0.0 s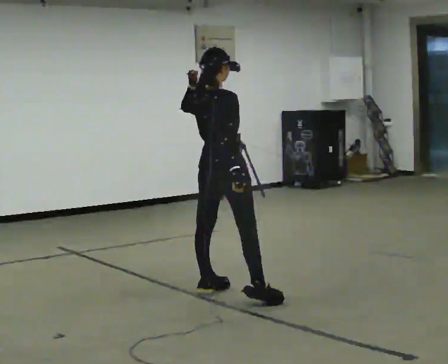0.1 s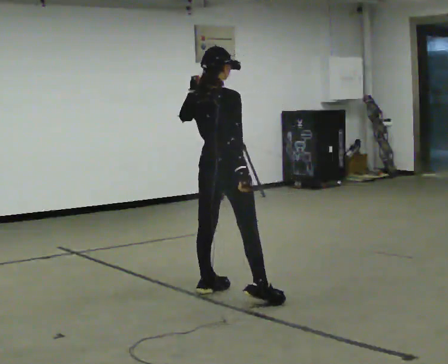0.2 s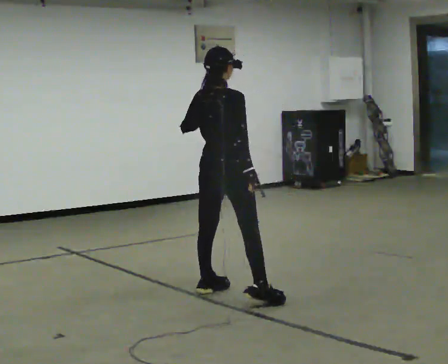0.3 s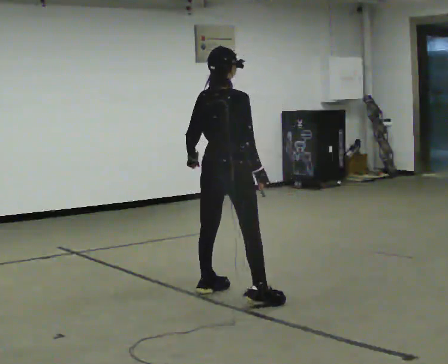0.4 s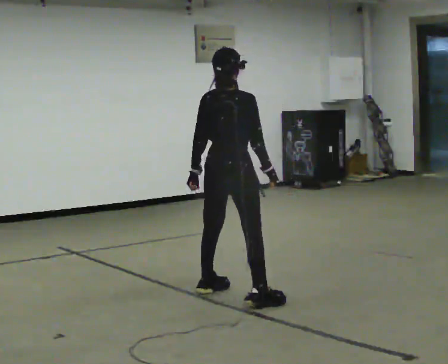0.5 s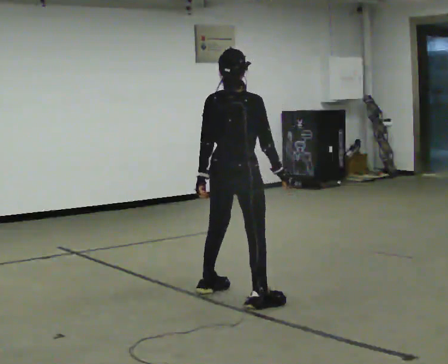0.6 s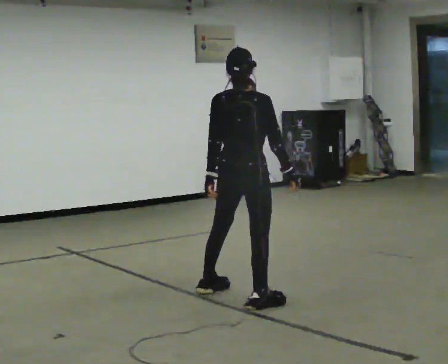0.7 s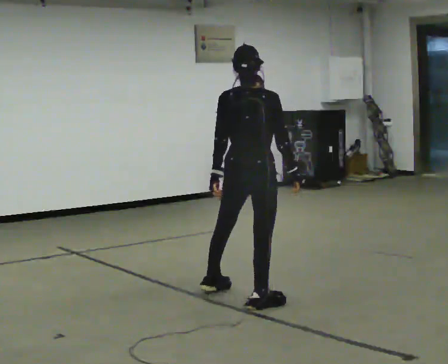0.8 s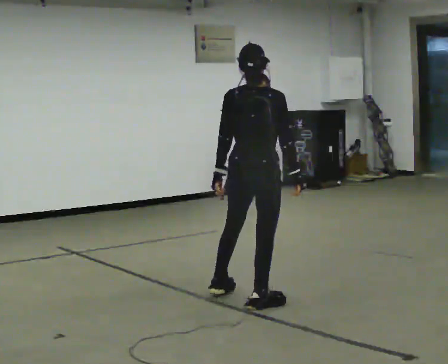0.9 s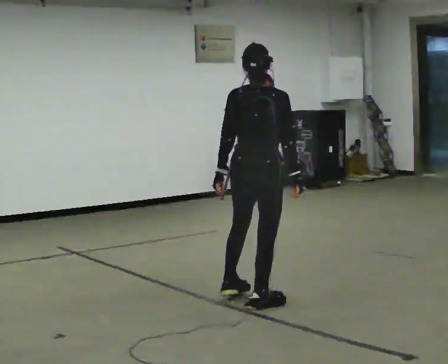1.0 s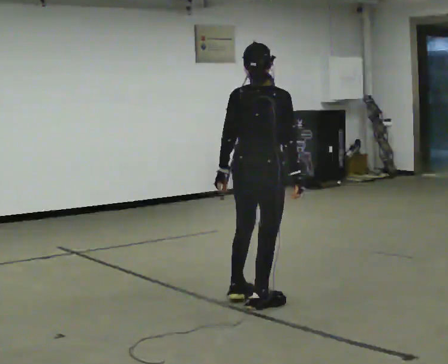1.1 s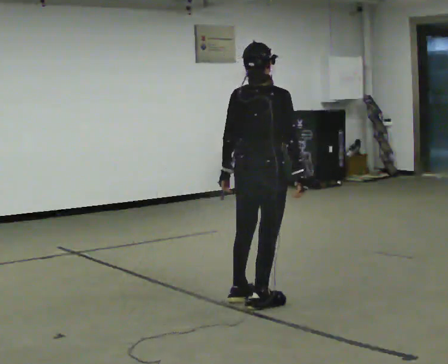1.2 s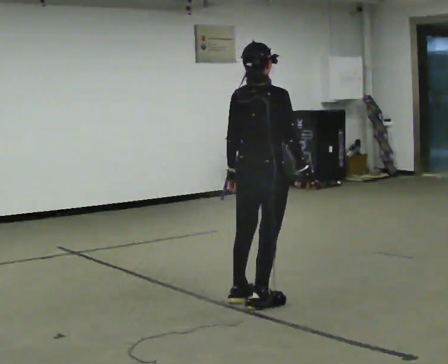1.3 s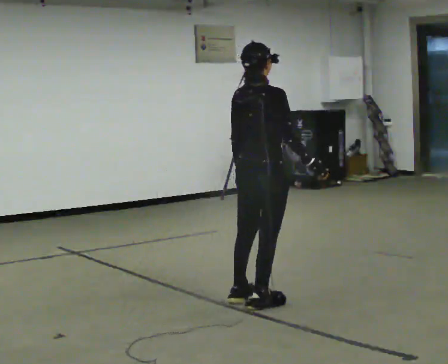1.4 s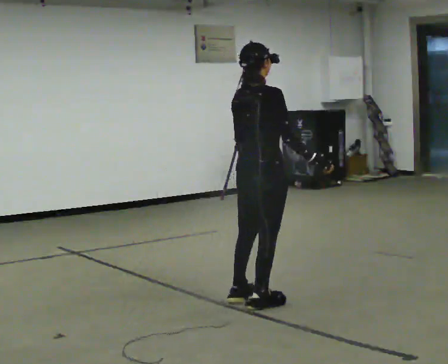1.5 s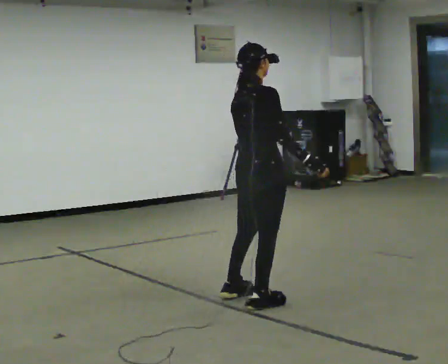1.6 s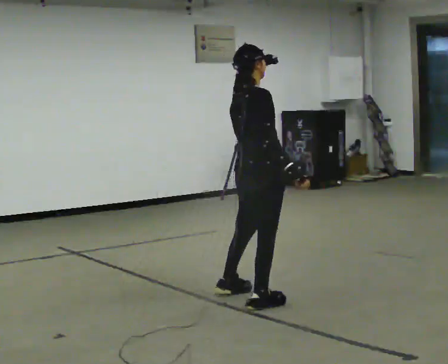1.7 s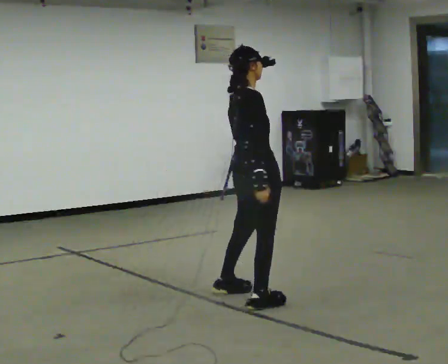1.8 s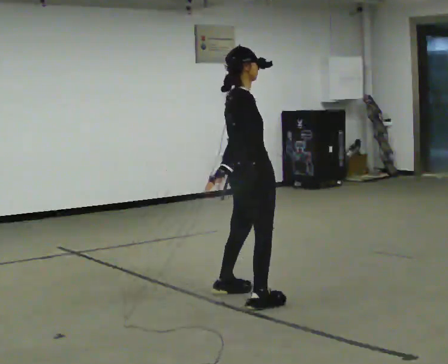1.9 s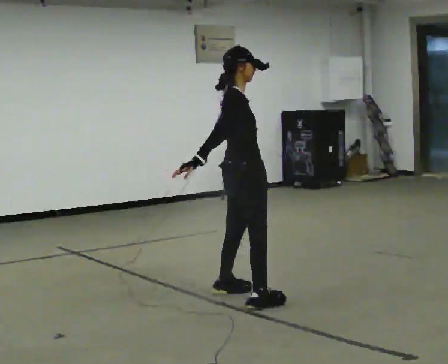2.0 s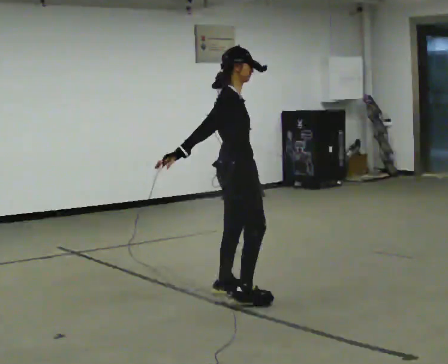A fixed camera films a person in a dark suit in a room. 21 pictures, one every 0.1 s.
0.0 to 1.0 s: The person turns about 45 degrees to their left, counterclockwise seen from above, so the part of the body nearest the lens slides to the right. In the picture they go toward the camera and to the right, about 0.25 m in 1 step, which for them is to their right. In the picture their left hand goes downward.
1.0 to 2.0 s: The person turns about 75 degrees to their right, clockwise seen from above, so the part of the body nearest the lens slides to the left. In the picture they go away from the camera, about 0.25 m in 2 steps. In the picture their right hand goes to the left.
The film runs backward here.
